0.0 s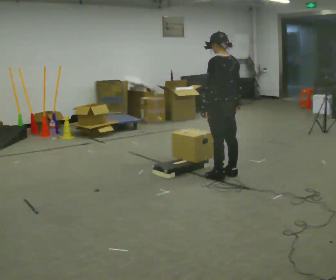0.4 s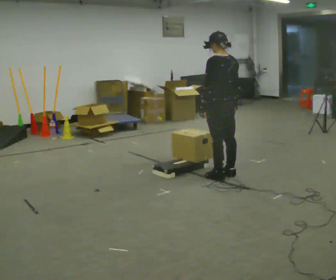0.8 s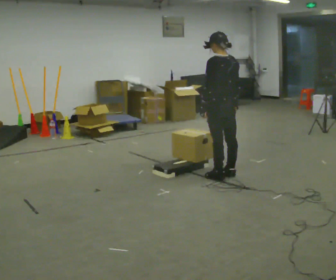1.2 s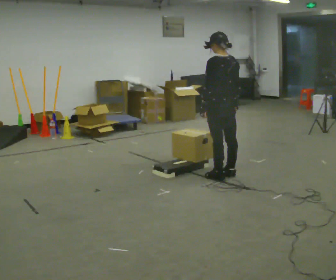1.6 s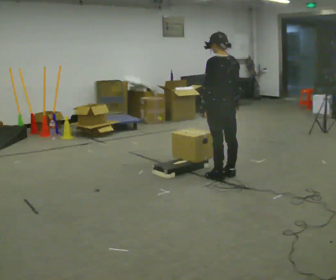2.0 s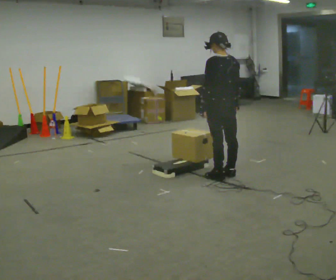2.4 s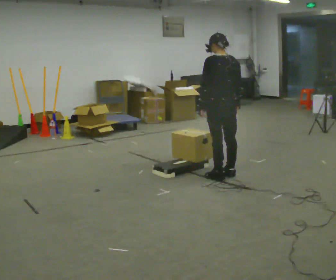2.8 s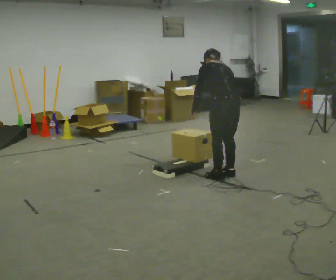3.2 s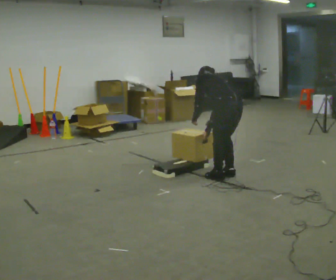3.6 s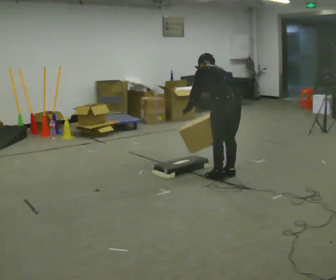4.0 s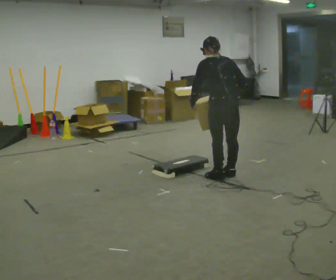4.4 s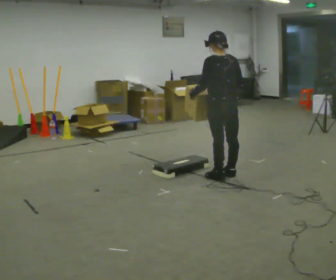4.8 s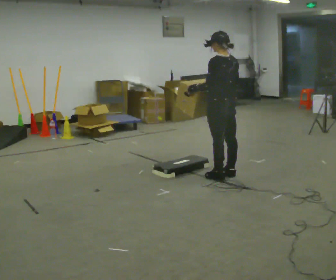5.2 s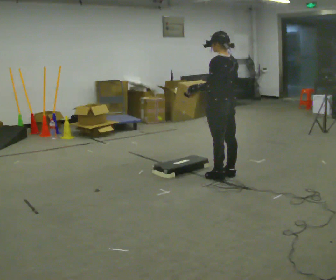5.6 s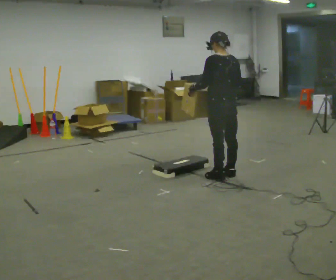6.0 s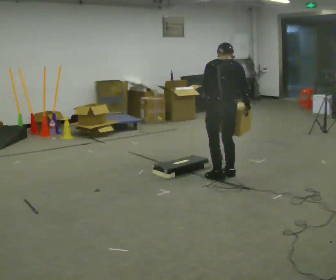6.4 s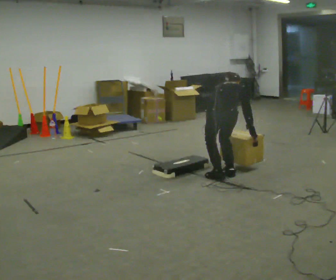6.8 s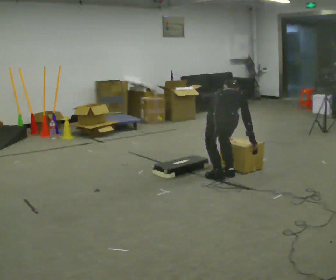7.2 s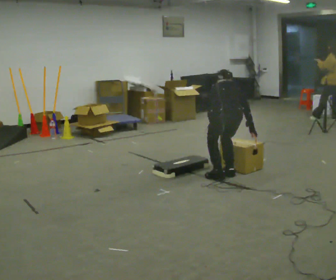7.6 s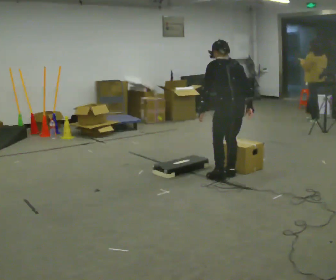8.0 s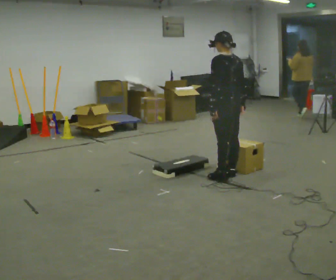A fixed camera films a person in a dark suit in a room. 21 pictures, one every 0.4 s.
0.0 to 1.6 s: The person keeps their place and pose.
1.6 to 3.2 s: The upper body goes downward. The upper body tips away from the camera, its near side rolling upward, as they bend forward.
3.2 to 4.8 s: The upper body goes upward. The upper body tips toward the camera, its near side rolling downward, as they lean back or straighten. In the picture their right hand goes upward.
4.8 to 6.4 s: Seen from above the body turns clockwise, about 60 degrees: to their right, with its near side sliding to the left. The shoulders move downward. The upper body tips away from the camera, its near side rolling upward, as they bend forward. In the picture their right hand goes downward and to the right.
6.4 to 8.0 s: Seen from above the body turns counterclockwise, about 60 degrees: to their left, with its near side sliding to the right. The upper body goes upward. The upper body tips toward the camera, its near side rolling downward, as they lean back or straighten. In the picture their left hand goes upward.
The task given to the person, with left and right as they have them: Carry the box up onto the platform, across it, and down the other side, then bring it back. Keep going until the operator says stop; one object at a time, and do not rush between trips.
The film runs forward here.
